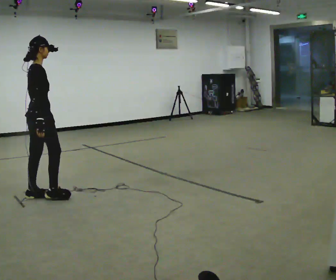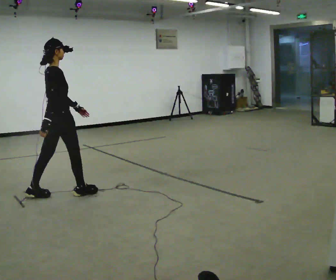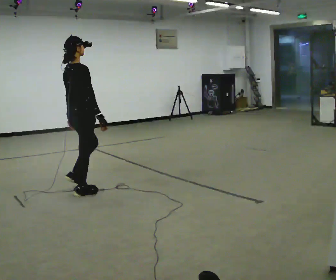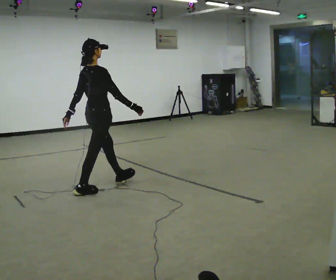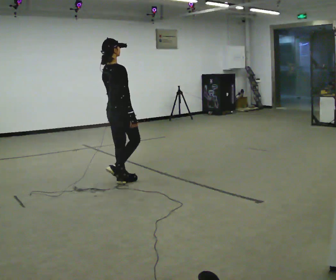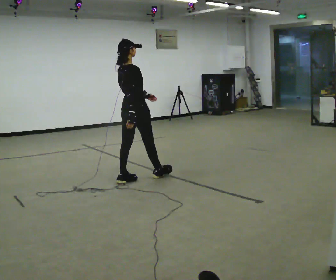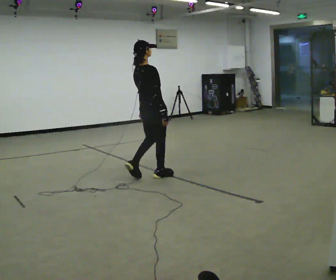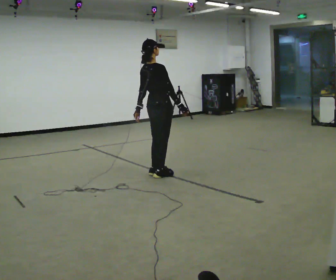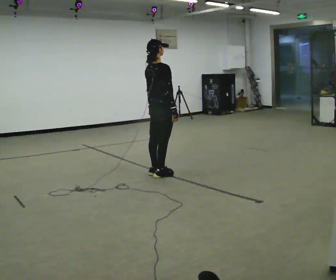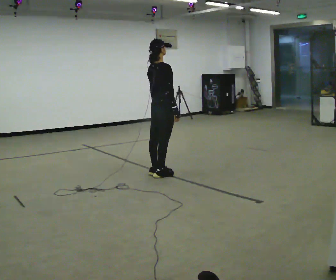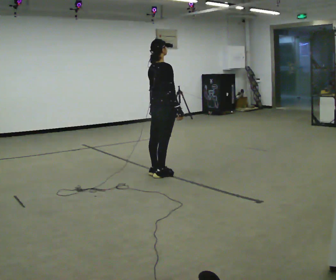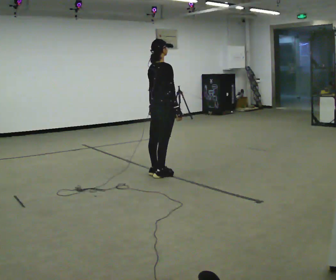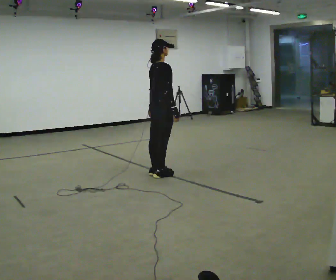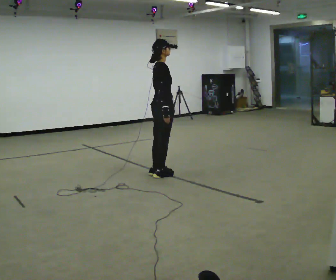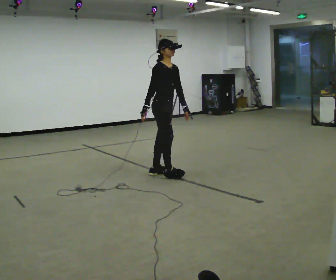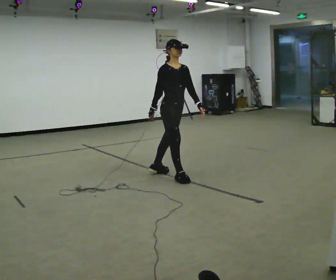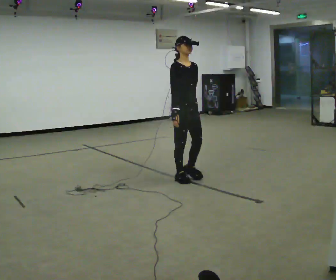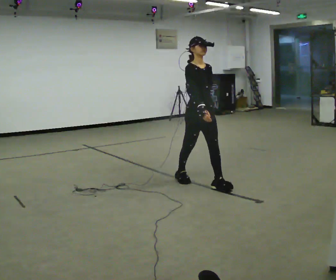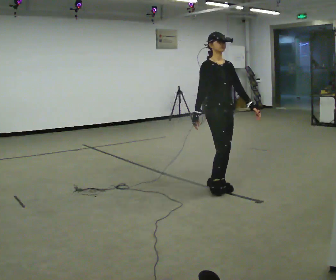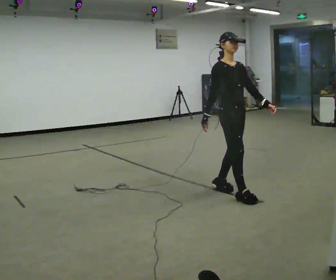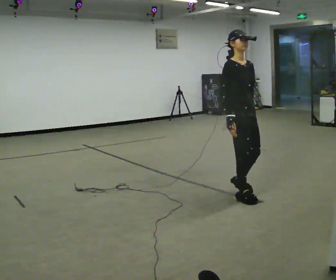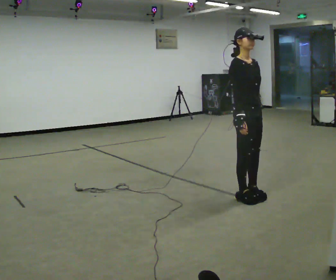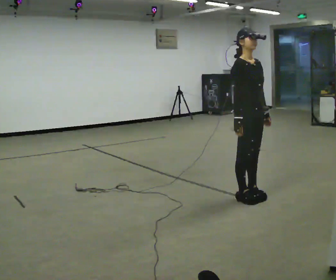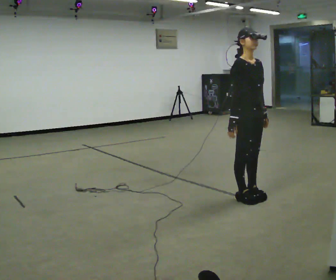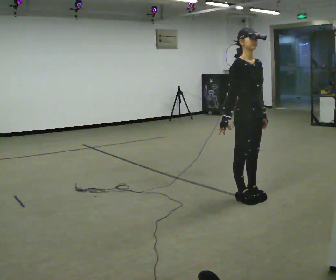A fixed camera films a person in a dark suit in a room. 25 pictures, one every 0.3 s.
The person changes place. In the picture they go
to the right.
0.0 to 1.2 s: In the picture they go to the right and away from the camera, about 1 m in 2 steps, which for them is forward.
1.2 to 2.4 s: In the picture they go to the right and away from the camera, about 0.5 m in 2 steps, which for them is forward.
2.4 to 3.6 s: The person moves a little, or ends about where they began.
3.6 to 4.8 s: The person turns about 75 degrees to their right, clockwise seen from above, so the part of the body nearest the lens slides to the left. In the picture they go toward the camera and to the right, about 0.5 m in 1 step.
4.8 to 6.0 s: In the picture they go toward the camera and to the right, about 1 m in 2 steps, which for them is forward.
6.0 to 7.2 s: The person moves a little, or ends about where they began.
The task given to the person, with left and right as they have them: Walk straight; turn 90° left/right while continuing to walk; continue.
The film runs forward here.
